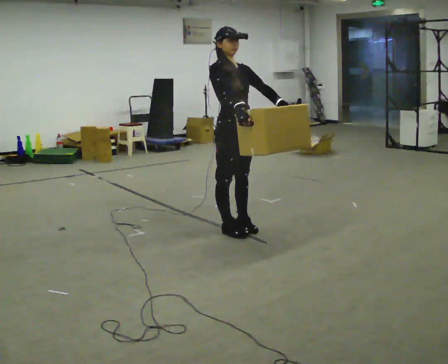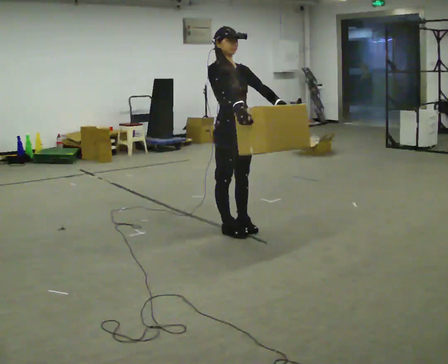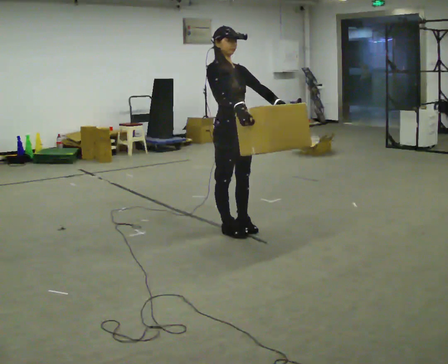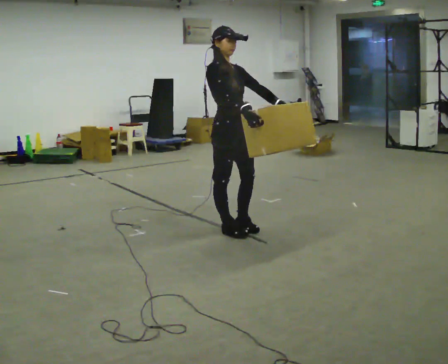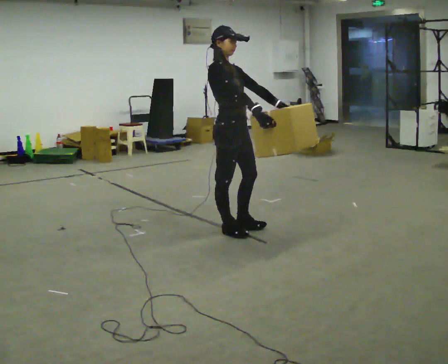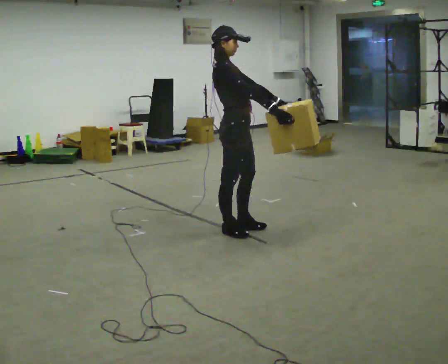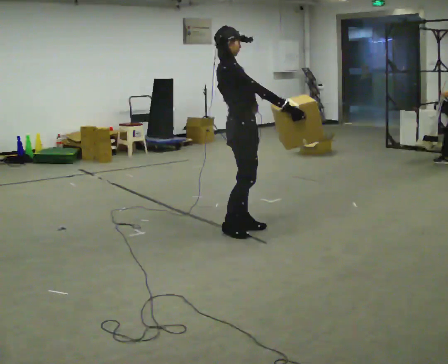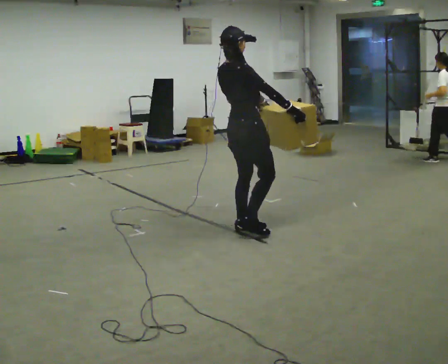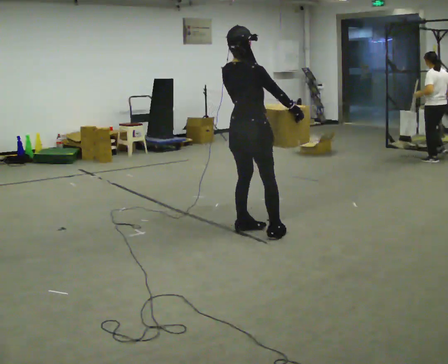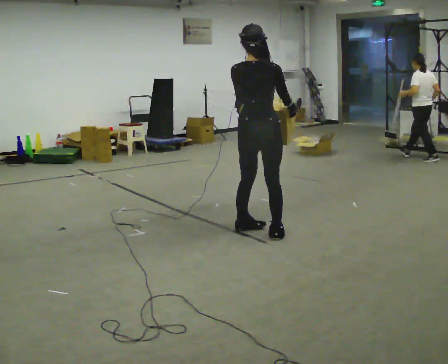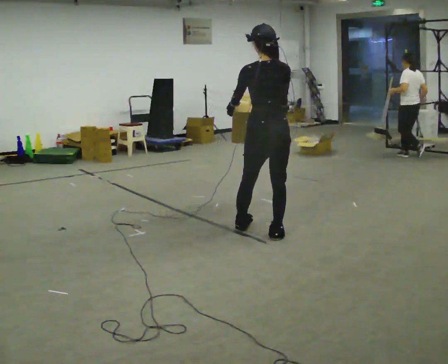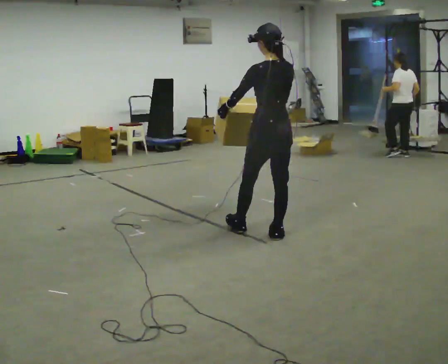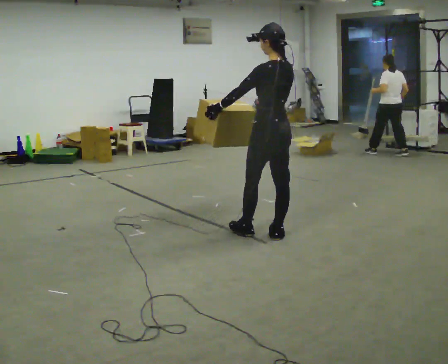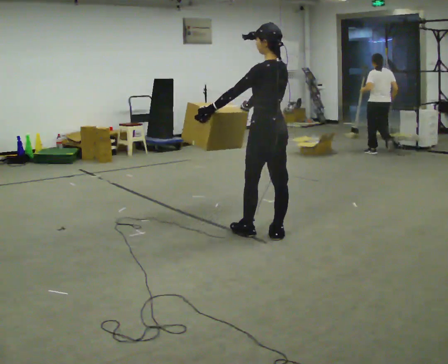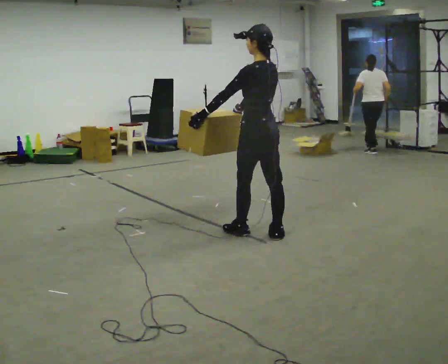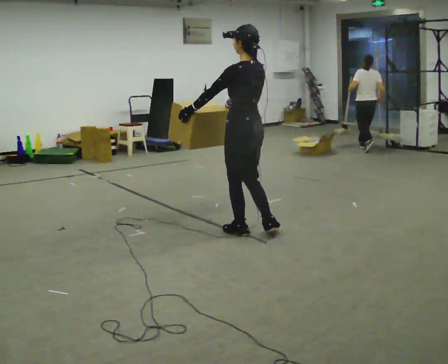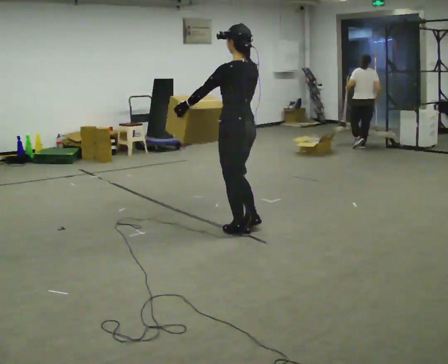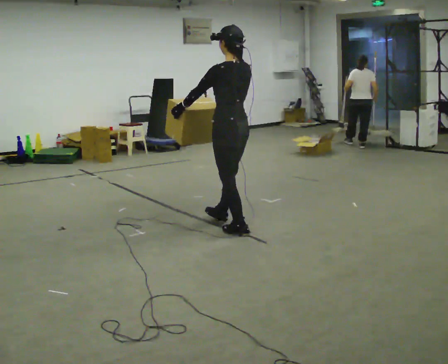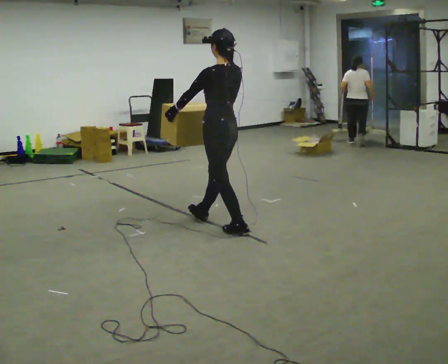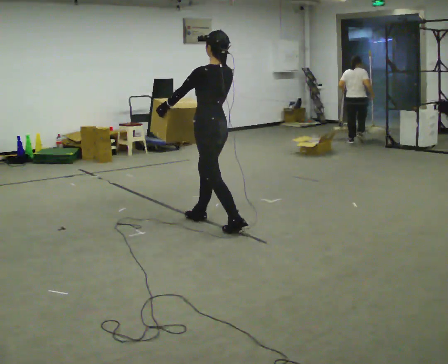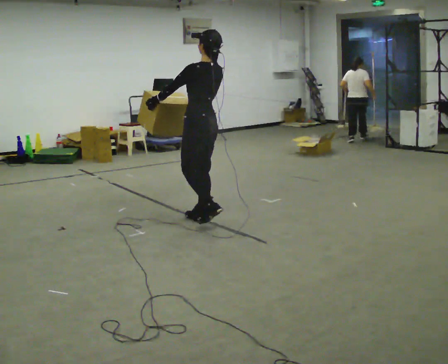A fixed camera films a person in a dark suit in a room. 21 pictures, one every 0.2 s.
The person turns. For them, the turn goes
to their left.
The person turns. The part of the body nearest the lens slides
to the right.
0.0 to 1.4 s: The person turns about 75 degrees to their left, counterclockwise seen from above, so the part of the body nearest the lens slides to the right.
1.4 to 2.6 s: The person turns about 105 degrees to their left, counterclockwise seen from above, so the part of the body nearest the lens slides to the right. In the picture they go to the right, about 0.25 m in 2 steps.
2.6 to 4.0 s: In the picture they go to the left and away from the camera, about 0.75 m in 1 step, which for them is forward.
The film runs forward here.
